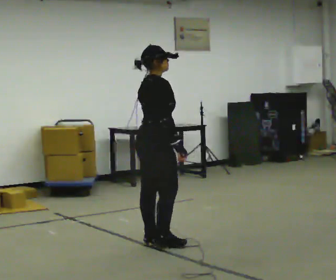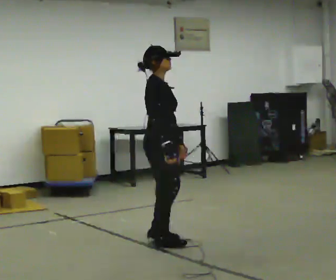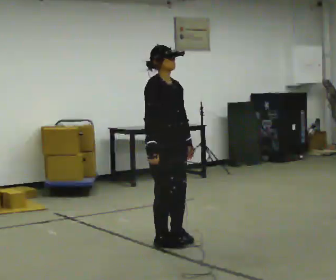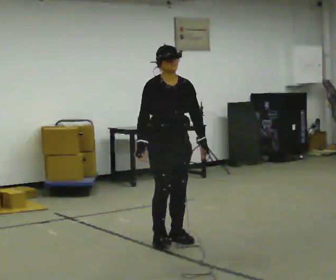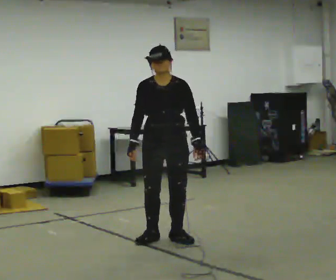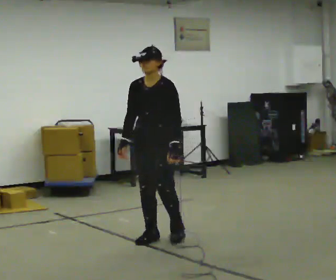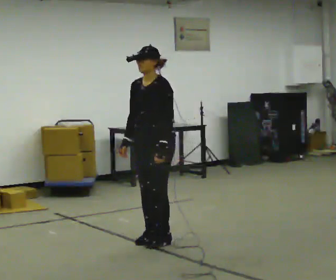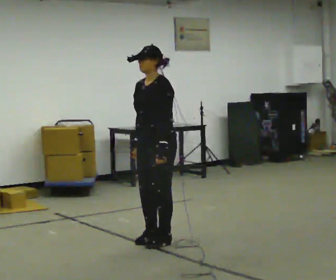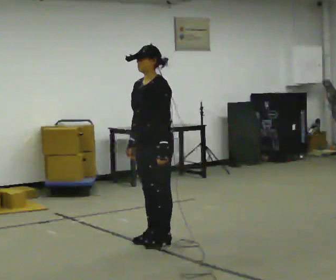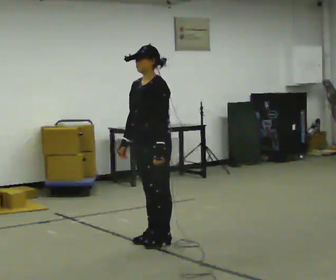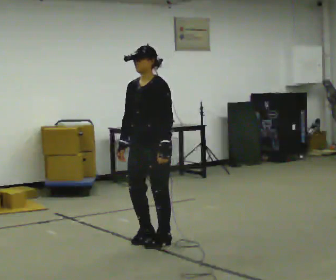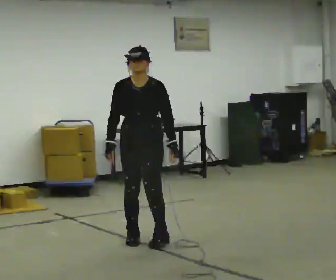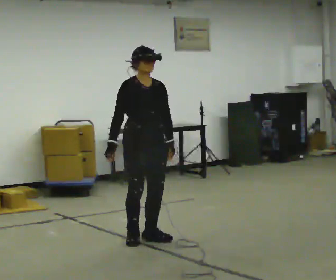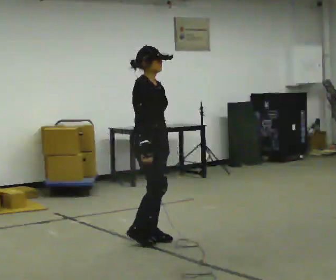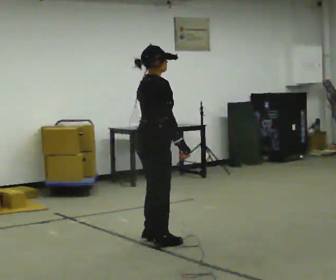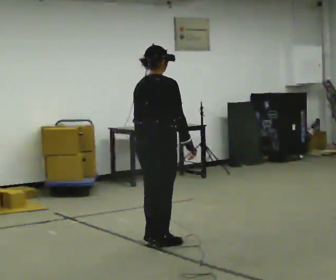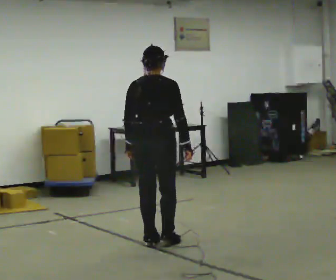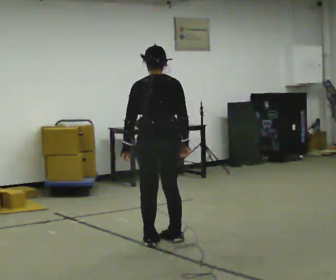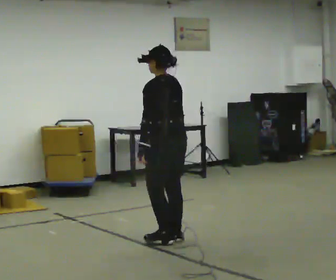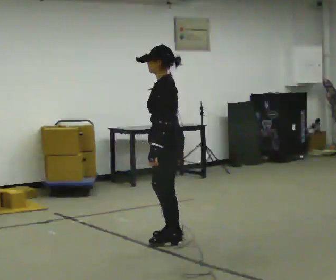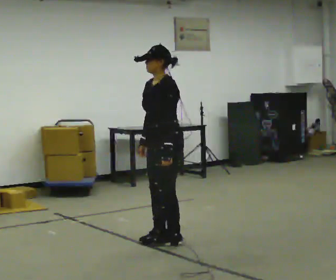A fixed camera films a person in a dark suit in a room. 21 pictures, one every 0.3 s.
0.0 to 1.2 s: Seen from above the body turns clockwise, about 120 degrees: to their right, with its near side sliding to the left. In the picture their right hand goes to the left, the arm swinging clockwise.
1.2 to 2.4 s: The person turns about 45 degrees to their right, clockwise seen from above, so the part of the body nearest the lens slides to the left.
2.4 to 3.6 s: The person turns about 90 degrees to their left, counterclockwise seen from above, so the part of the body nearest the lens slides to the right.
3.6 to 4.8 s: The person turns about 120 degrees to their left, counterclockwise seen from above, so the part of the body nearest the lens slides to the right. In the picture their right hand goes to the right, the arm swinging counterclockwise.
4.8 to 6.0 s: The part of the body nearest the lens slides to the right as the person turns to their left by about 135 degrees. In the picture their right hand goes to the left, the arm swinging clockwise.
The film runs forward here.
